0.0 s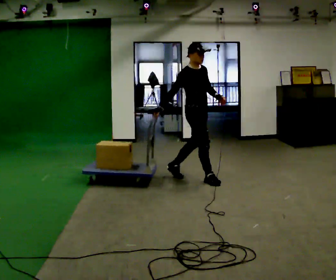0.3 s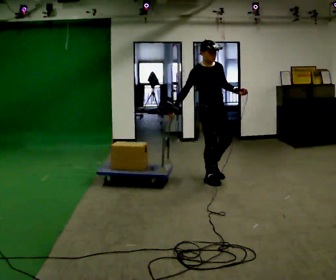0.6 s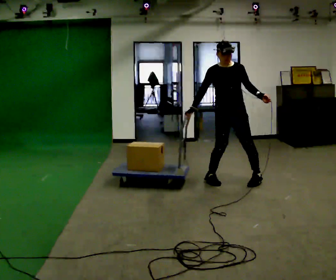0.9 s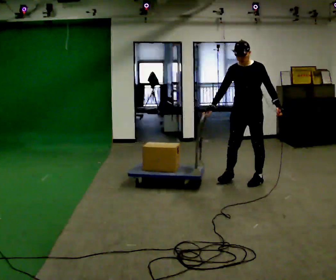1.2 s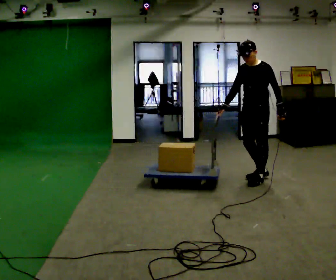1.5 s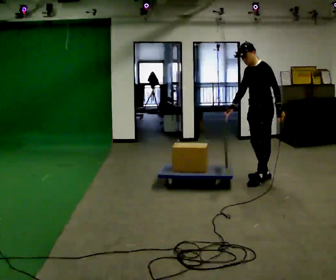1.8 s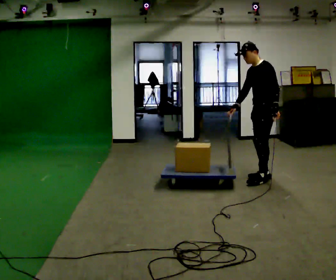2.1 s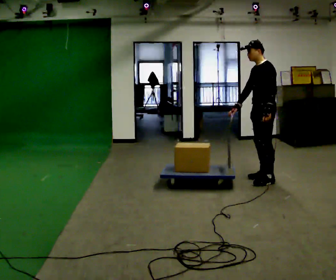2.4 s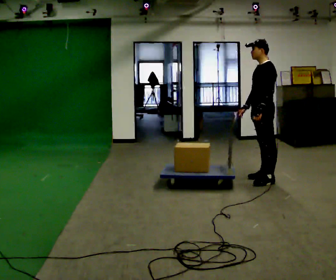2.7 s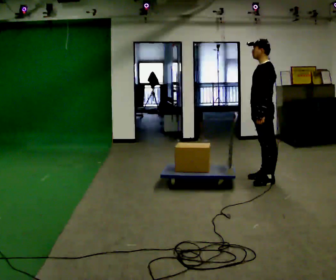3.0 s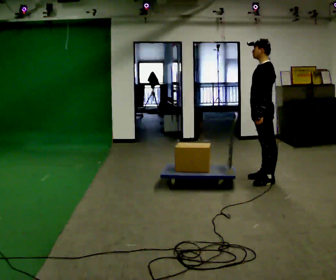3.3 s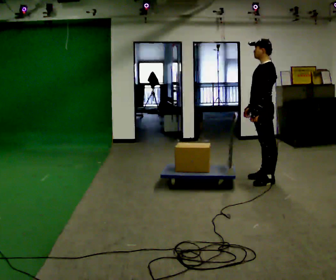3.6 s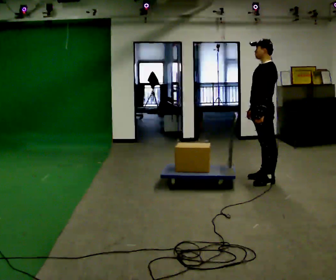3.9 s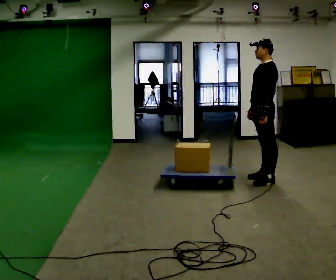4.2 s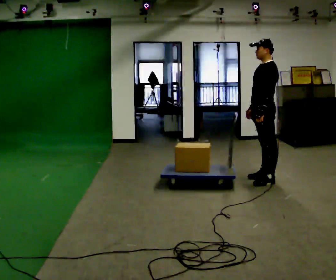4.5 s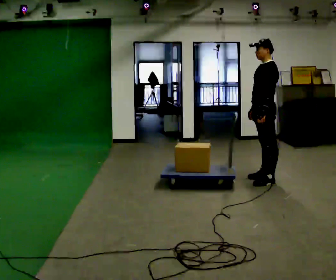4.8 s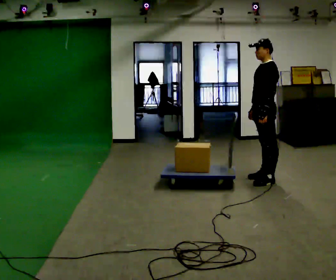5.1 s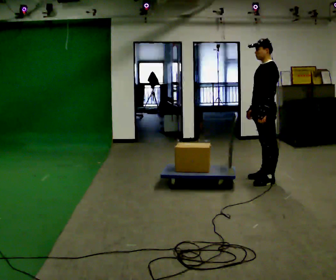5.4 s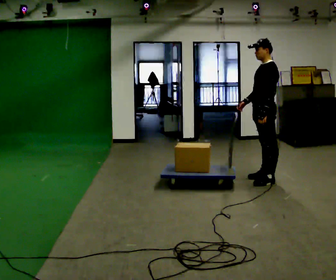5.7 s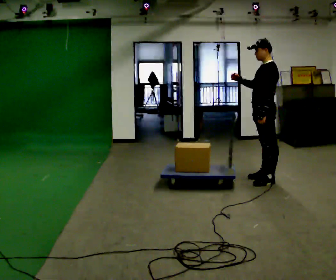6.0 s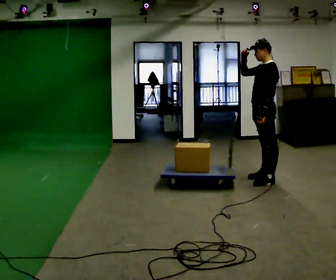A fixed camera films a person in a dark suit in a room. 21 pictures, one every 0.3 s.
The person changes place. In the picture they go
to the right.
The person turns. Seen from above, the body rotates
clockwise.
0.0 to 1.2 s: The person turns about 120 degrees to their right, clockwise seen from above, so the part of the body nearest the lens slides to the left. In the picture they go to the right, about 1 m in 1 step.
1.2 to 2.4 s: The part of the body nearest the lens slides to the left as the person turns to their right by about 30 degrees.
2.4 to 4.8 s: The person moves a little, or ends about where they began.
4.8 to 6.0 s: In the picture their right hand goes upward, the arm swinging clockwise.
The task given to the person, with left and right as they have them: Get the cart into the marked parking space and lined up with the tape. Take as many adjustments as you need. Then take it out again and repeat.
The film runs forward here.
